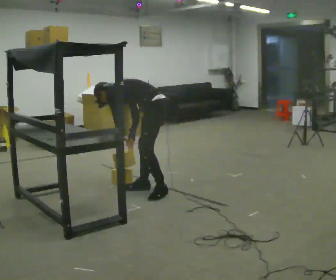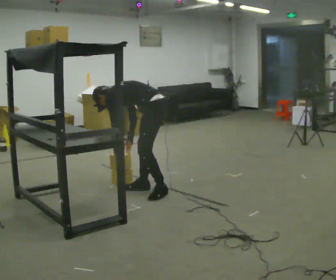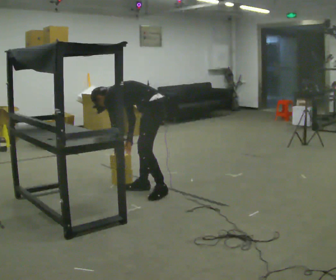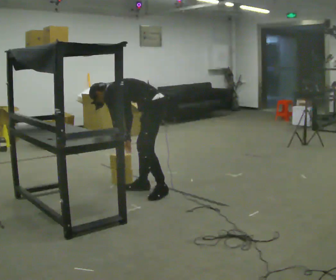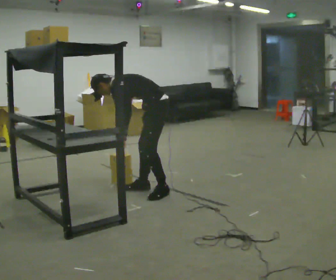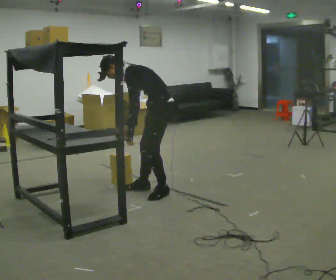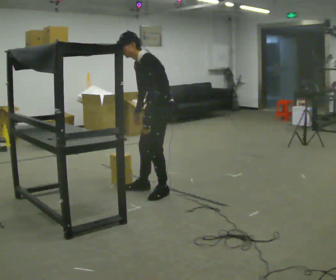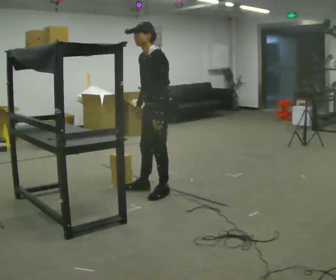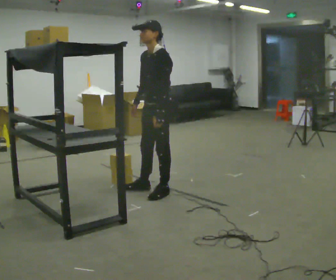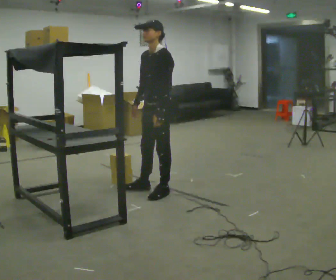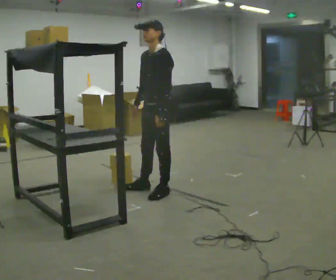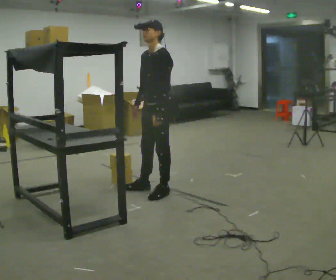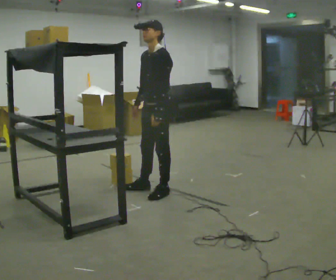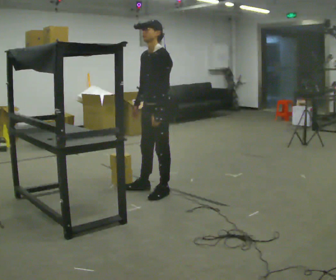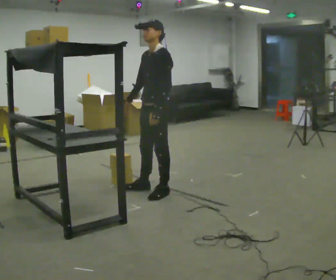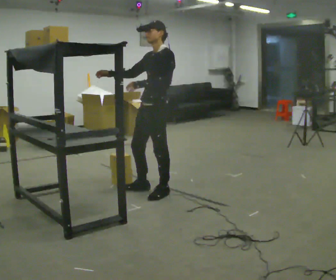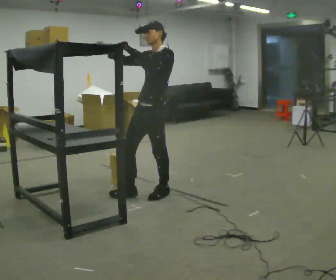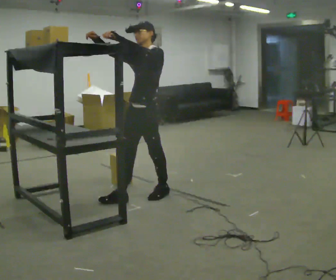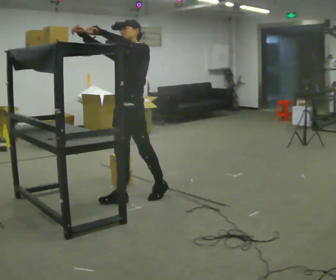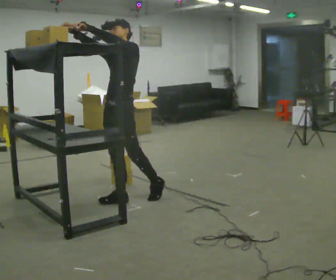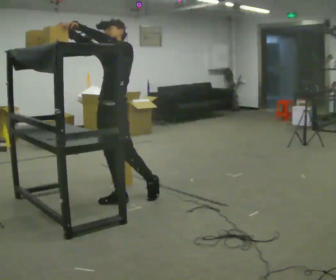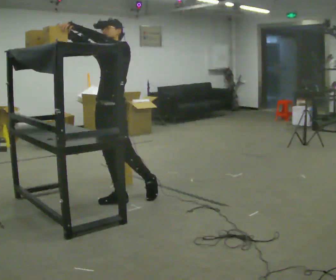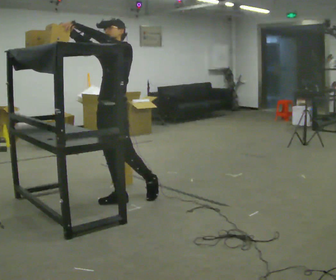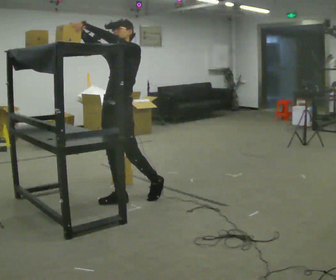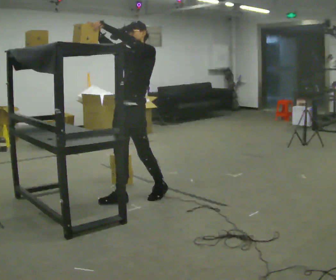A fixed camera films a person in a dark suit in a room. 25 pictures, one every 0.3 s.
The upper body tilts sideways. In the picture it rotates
clockwise.
The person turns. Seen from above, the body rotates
counterclockwise.
0.0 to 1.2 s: The upper body tips toward the camera, its near side rolling downward.
1.2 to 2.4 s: The part of the body nearest the lens slides to the right as the person turns to their left by about 30 degrees. The upper body goes upward. In the picture the upper body tilts clockwise, shoulders to the right, as they lean back or straighten. In the picture their right hand goes upward.
2.4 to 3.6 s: The person keeps their place and pose.
3.6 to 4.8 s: In the picture their right hand goes upward and to the left, the arm swinging clockwise.
4.8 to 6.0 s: In the picture they go to the left, about 0.25 m in 1 step, which for them is forward and to their right.
6.0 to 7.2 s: In the picture they go to the right, about 0.25 m, which for them is backward.
The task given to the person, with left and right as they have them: Place the object on the shelf just at the top of your comfortable reach. Repeat at your own pace until the operator says stop. Keep both feet on the marked spots for the whole take. If you have to step, stop and tell the operator.
The film runs forward here.
